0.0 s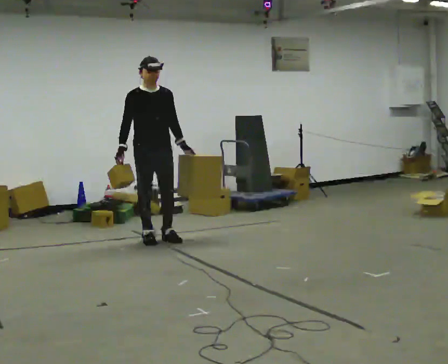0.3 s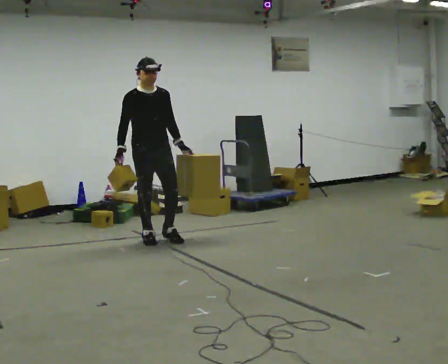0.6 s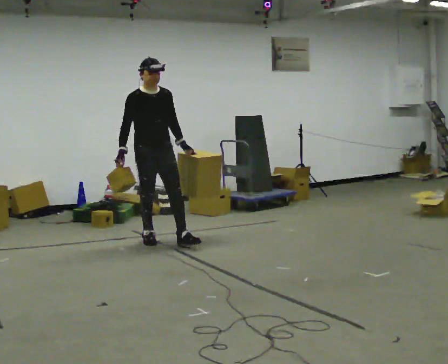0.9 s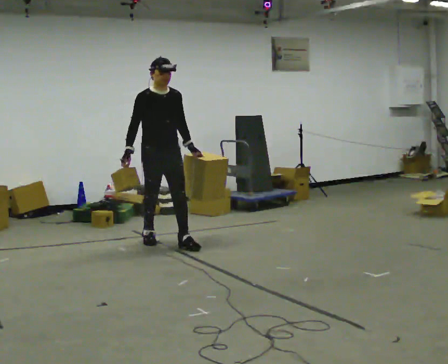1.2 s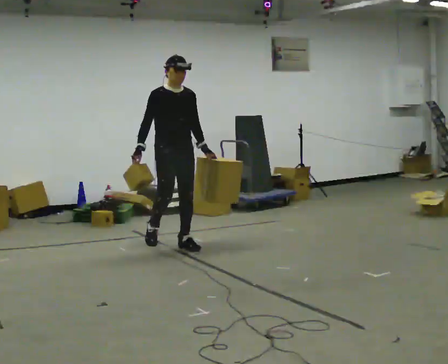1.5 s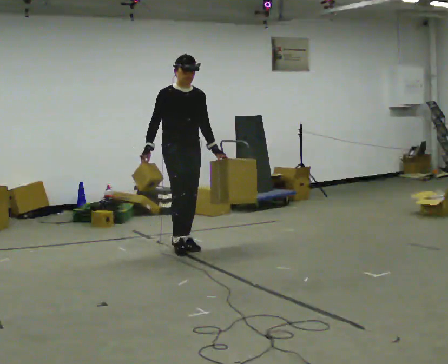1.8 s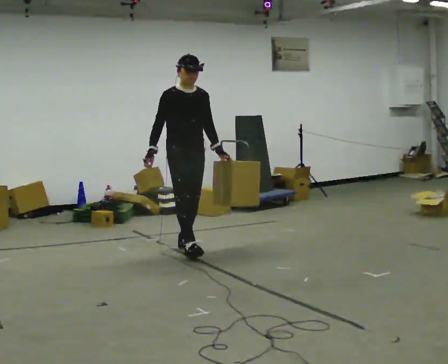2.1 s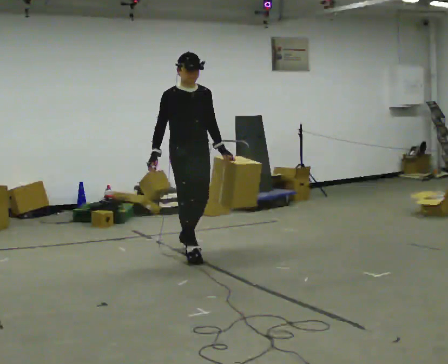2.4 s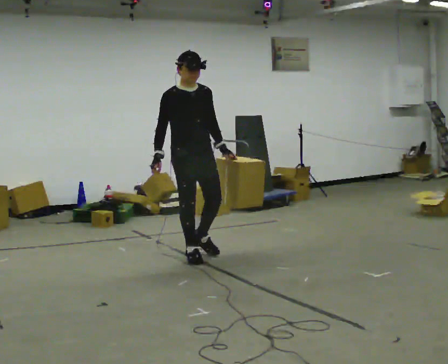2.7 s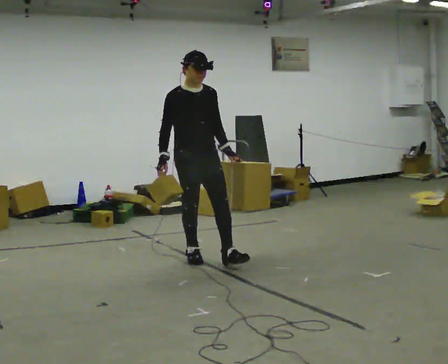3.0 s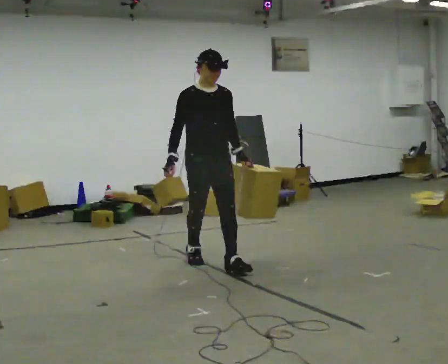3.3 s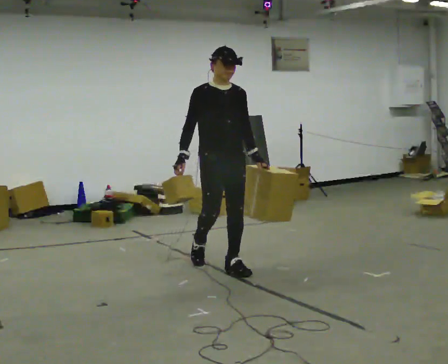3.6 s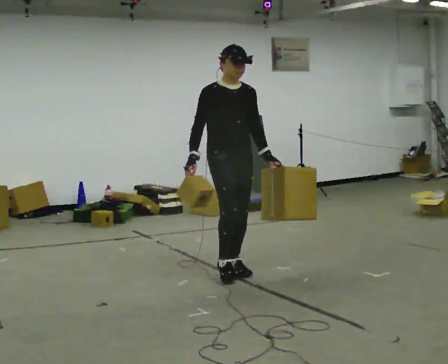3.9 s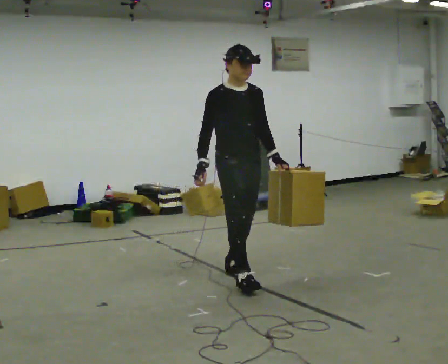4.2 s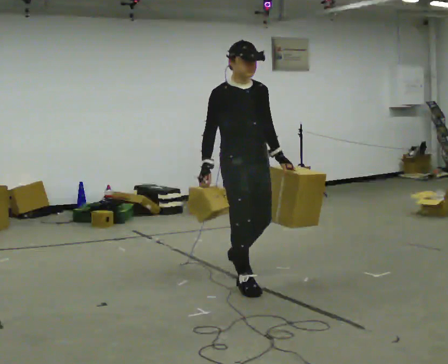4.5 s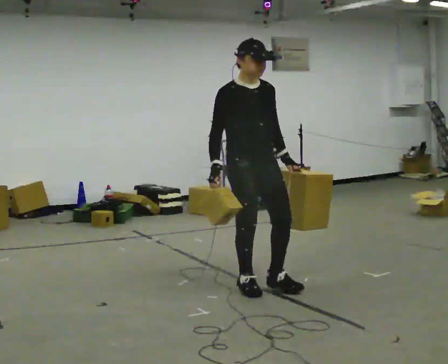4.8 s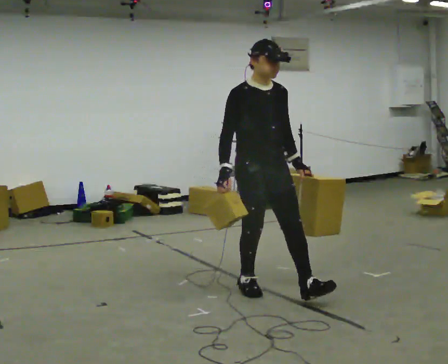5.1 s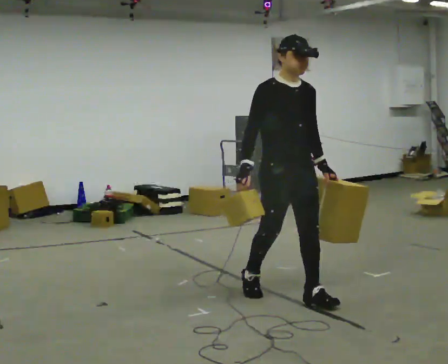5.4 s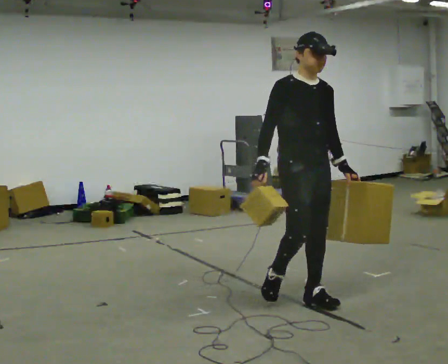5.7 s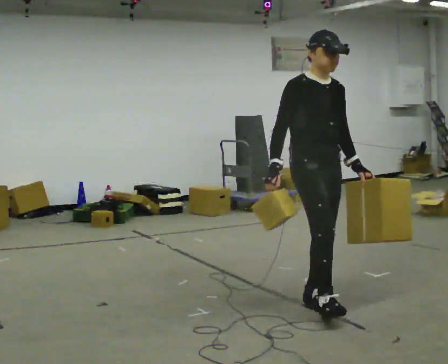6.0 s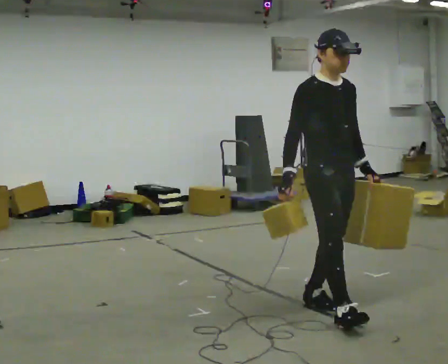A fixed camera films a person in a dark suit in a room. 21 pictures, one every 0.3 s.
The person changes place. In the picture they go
toward the camera.
0.0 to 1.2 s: In the picture they go to the right and toward the camera, about 0.25 m in 1 step, which for them is forward.
1.2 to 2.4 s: In the picture they go toward the camera, about 0.5 m in 1 step, which for them is forward.
2.4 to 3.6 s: In the picture they go toward the camera and to the right, about 0.5 m in 1 step, which for them is forward.
3.6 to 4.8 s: In the picture they go toward the camera, about 0.5 m in 2 steps, which for them is forward.
4.8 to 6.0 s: In the picture they go toward the camera and to the right, about 0.5 m in 1 step, which for them is forward.
The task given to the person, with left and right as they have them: Carry one object in each hand, the heavy one in the hand the operator calls, walking back and forth across the room.
The film runs forward here.
